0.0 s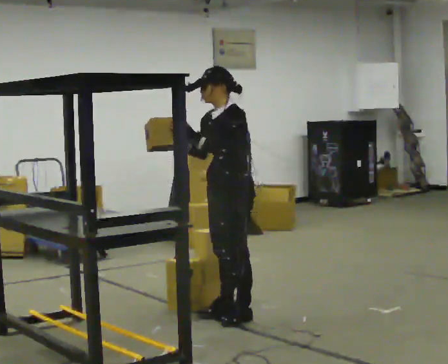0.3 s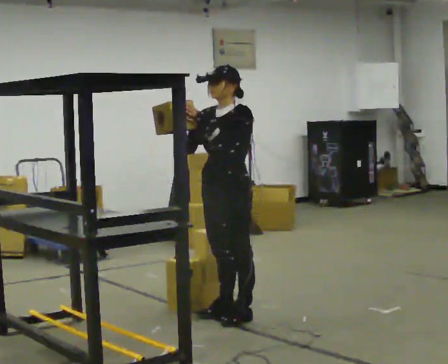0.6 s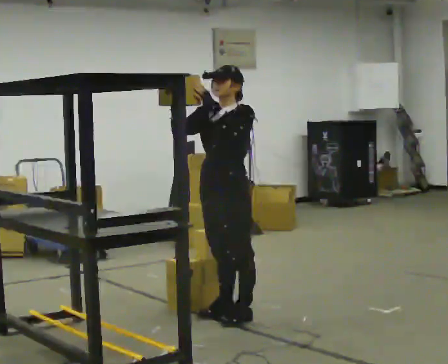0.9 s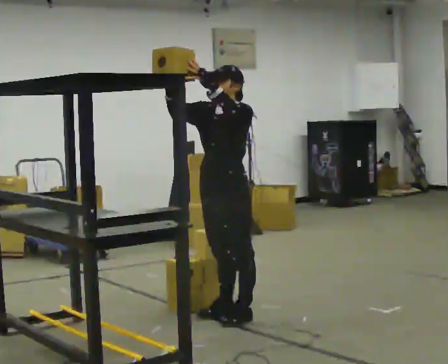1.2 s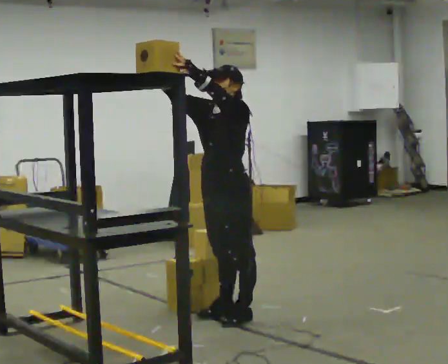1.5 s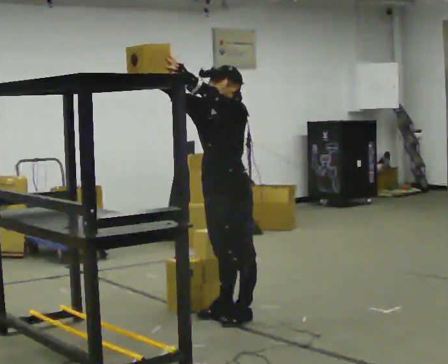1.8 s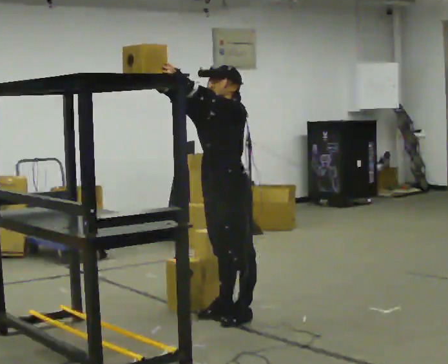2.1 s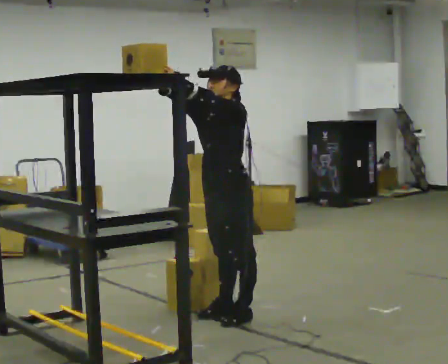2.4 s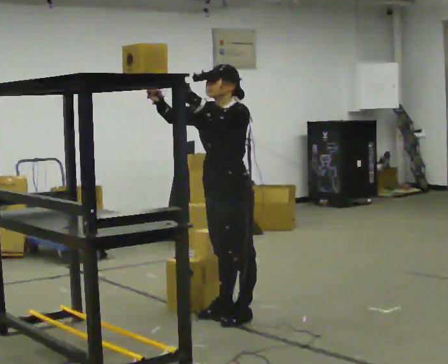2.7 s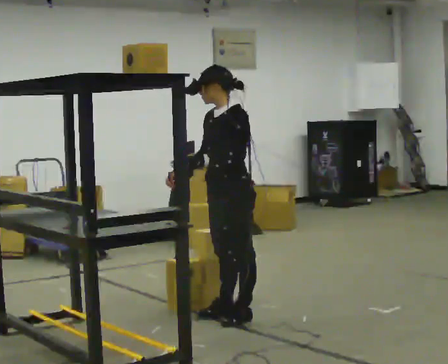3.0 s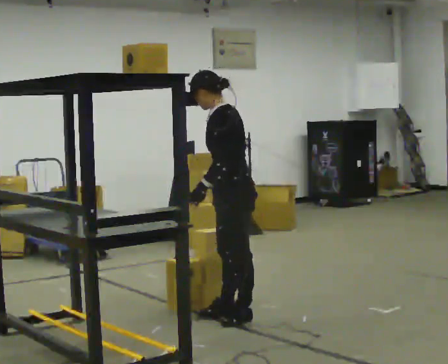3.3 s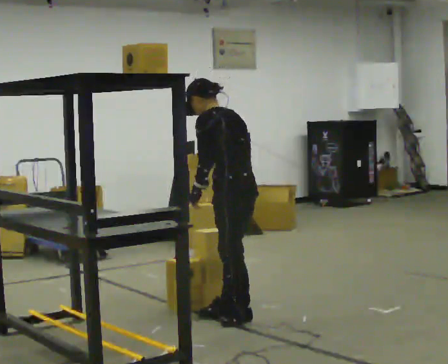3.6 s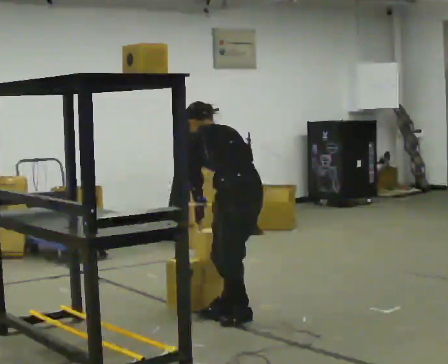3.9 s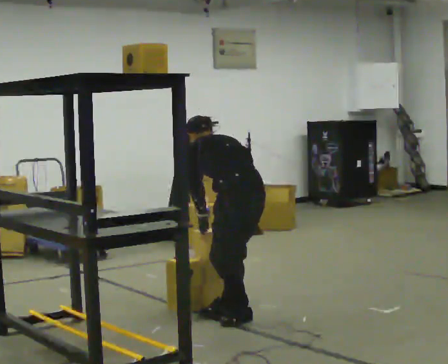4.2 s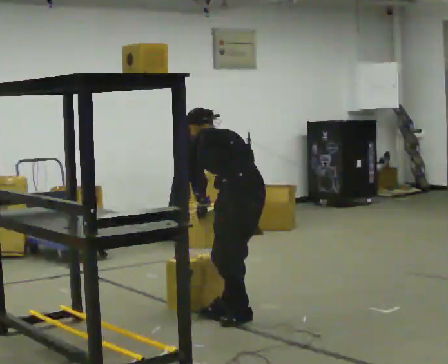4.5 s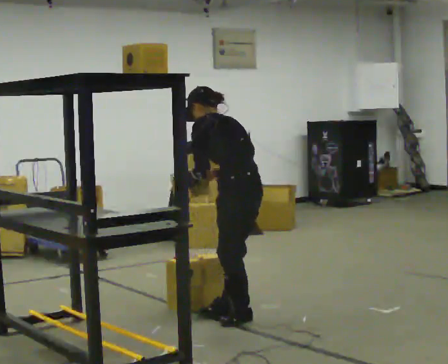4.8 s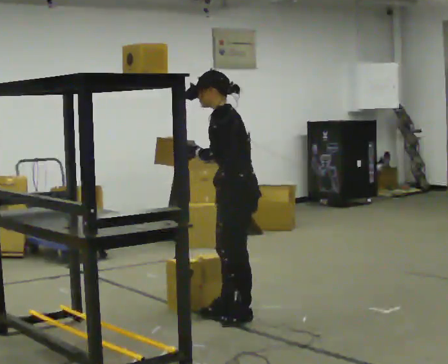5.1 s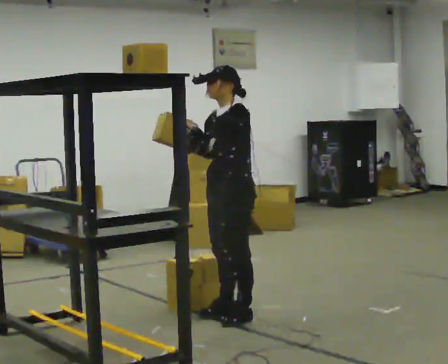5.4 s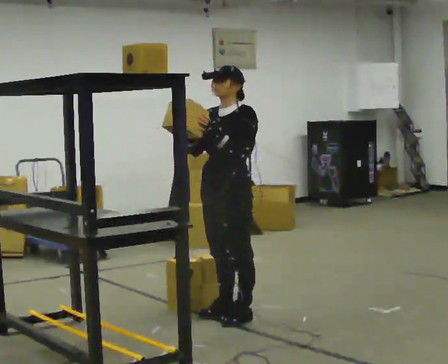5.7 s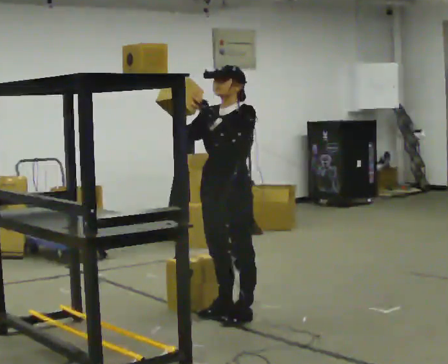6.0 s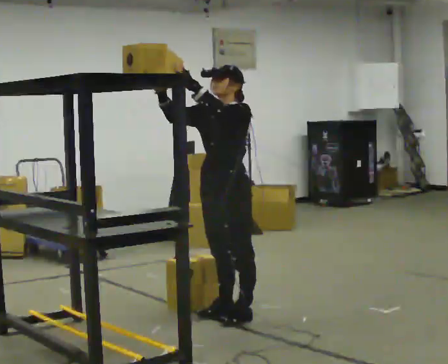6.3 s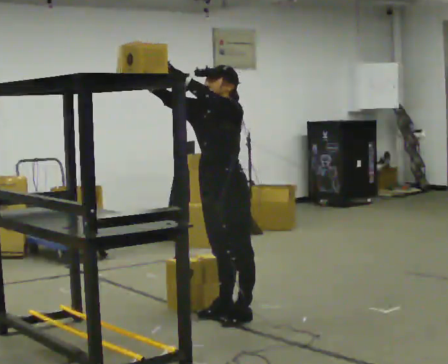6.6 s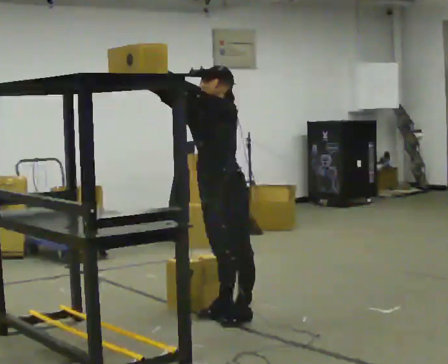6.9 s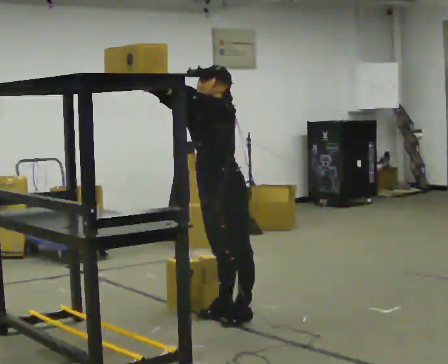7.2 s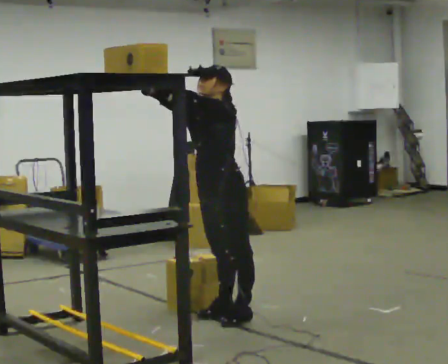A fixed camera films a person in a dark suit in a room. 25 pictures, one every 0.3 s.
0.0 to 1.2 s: In the picture their right hand goes upward.
1.2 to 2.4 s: The person moves a little, or ends about where they began.
2.4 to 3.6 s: The person turns about 75 degrees to their right, clockwise seen from above, so the part of the body nearest the lens slides to the left. The upper body goes downward. The upper body tips away from the camera, its near side rolling upward, as they bend forward. In the picture their right hand goes downward and to the right, the arm swinging counterclockwise.
3.6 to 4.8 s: The person turns about 45 degrees to their left, counterclockwise seen from above, so the part of the body nearest the lens slides to the right. The upper body tips toward the camera, its near side rolling downward, as they lean back or straighten. In the picture their right hand goes upward.
4.8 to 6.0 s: The person turns about 30 degrees to their left, counterclockwise seen from above, so the part of the body nearest the lens slides to the right. In the picture their right hand goes upward.
6.0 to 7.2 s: The person moves a little, or ends about where they began.
The film runs forward here.
